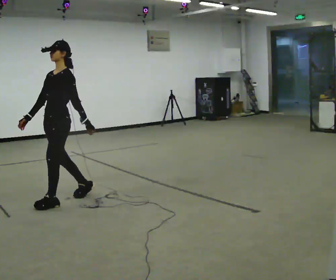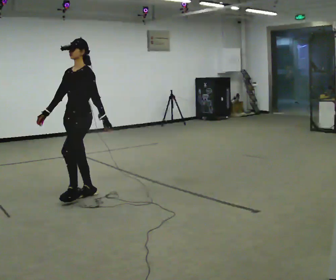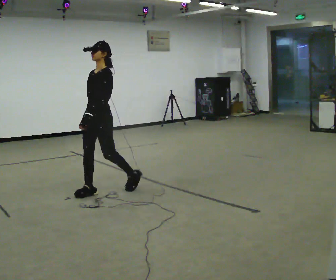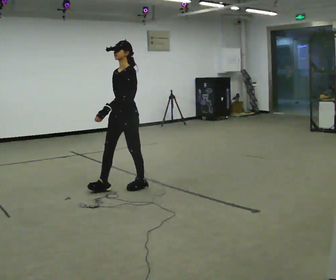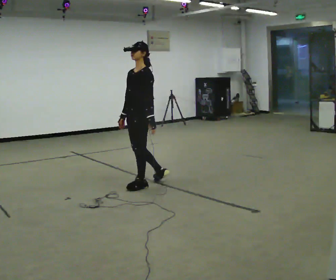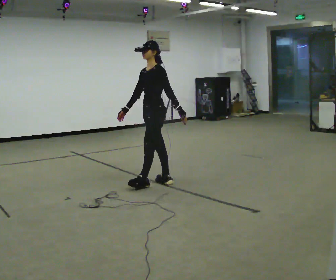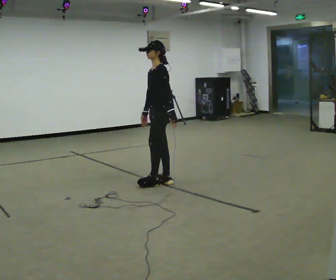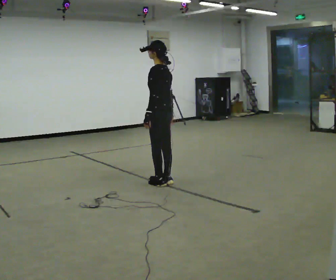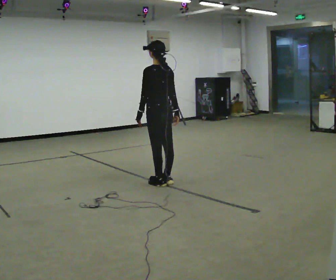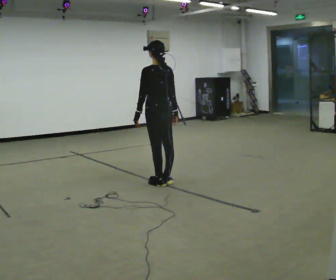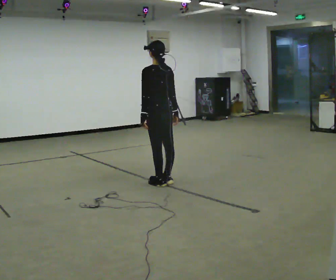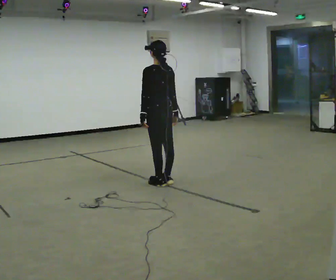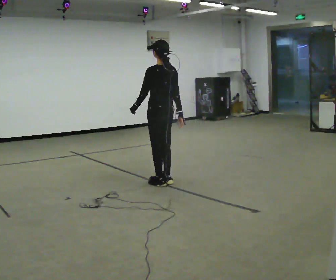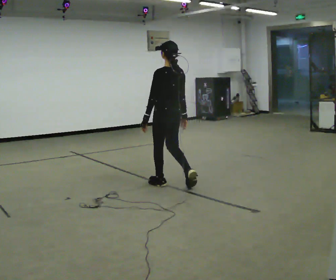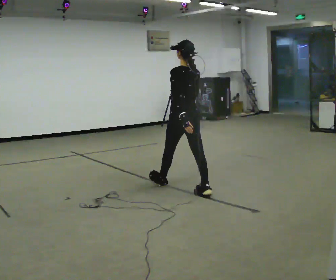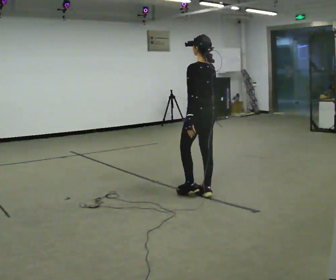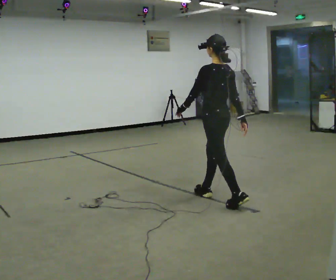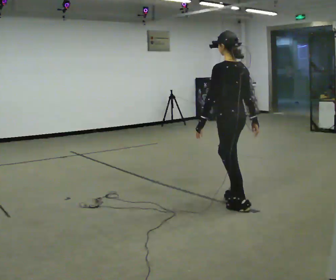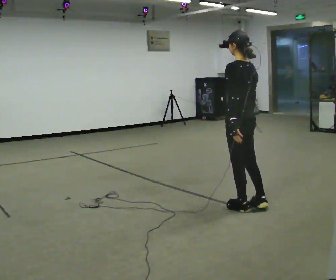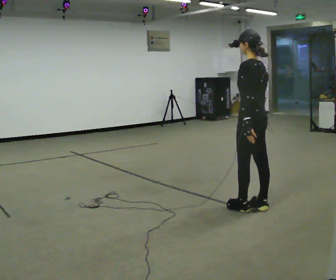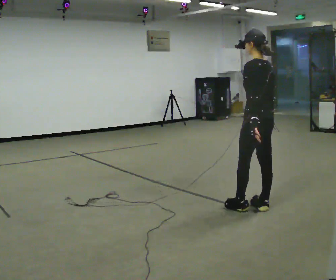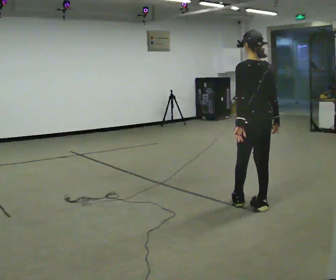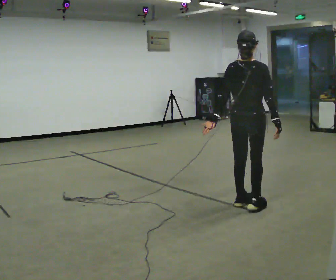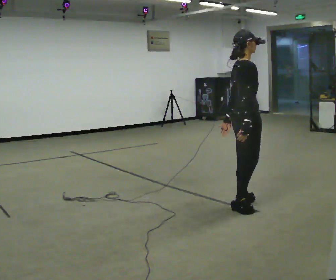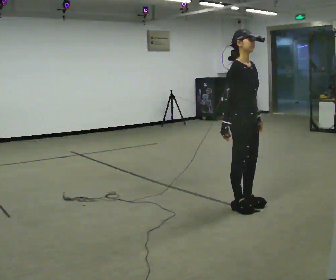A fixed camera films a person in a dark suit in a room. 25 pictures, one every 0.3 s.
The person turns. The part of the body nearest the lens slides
to the left.
The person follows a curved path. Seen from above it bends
clockwise.
0.0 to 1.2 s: In the picture they go to the right and away from the camera, about 1 m in 2 steps, which for them is backward.
1.2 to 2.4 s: Seen from above the body turns clockwise, about 75 degrees: to their right, with its near side sliding to the left. In the picture they go to the right, about 0.25 m in 1 step.
2.4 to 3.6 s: The person moves a little, or ends about where they began.
3.6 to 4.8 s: In the picture they go toward the camera and to the right, about 1 m in 2 steps, which for them is backward.
4.8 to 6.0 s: In the picture they go toward the camera and to the right, about 0.5 m in 2 steps, which for them is backward.
6.0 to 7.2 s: Seen from above the body turns clockwise, about 165 degrees: to their right, with its near side sliding to the left.
The film runs backward here.
